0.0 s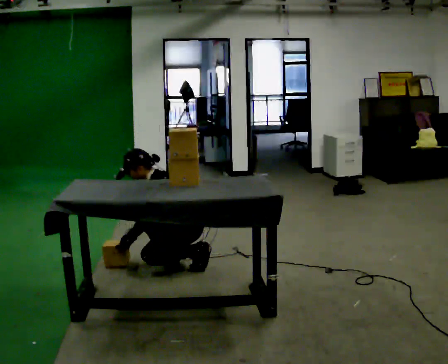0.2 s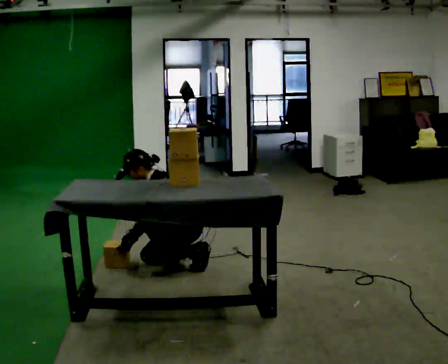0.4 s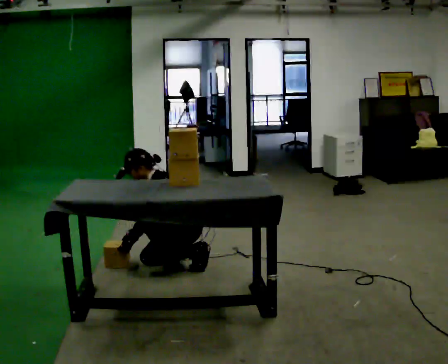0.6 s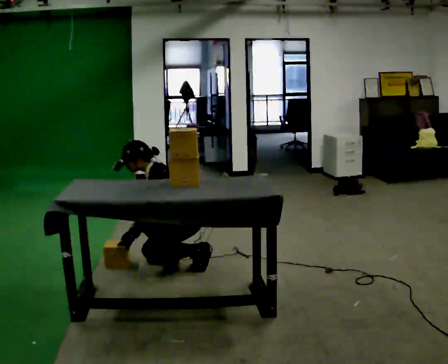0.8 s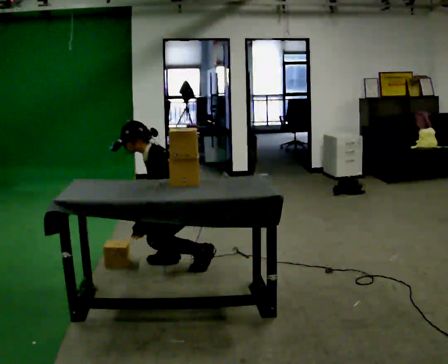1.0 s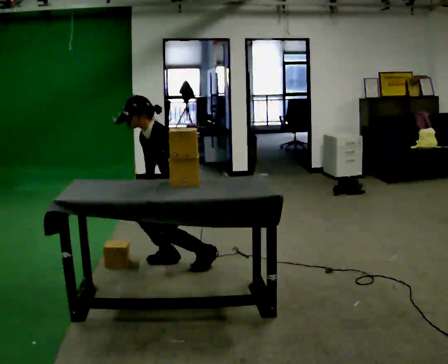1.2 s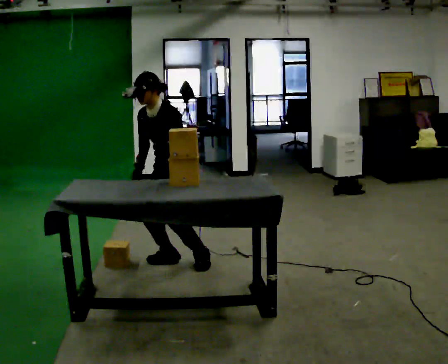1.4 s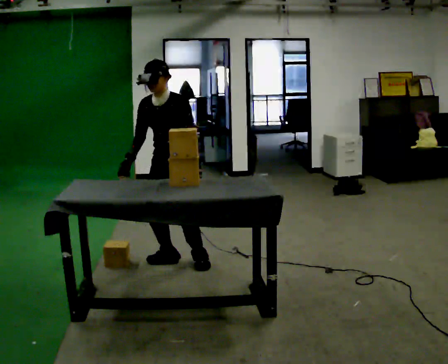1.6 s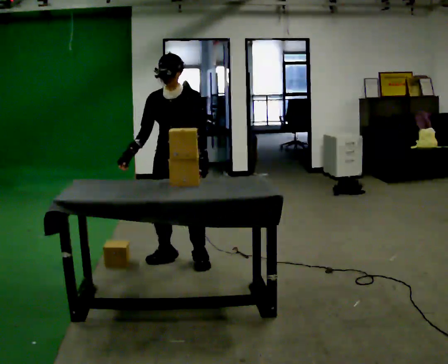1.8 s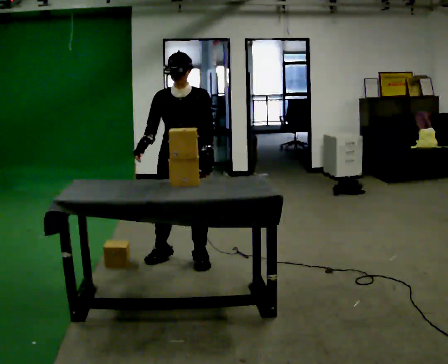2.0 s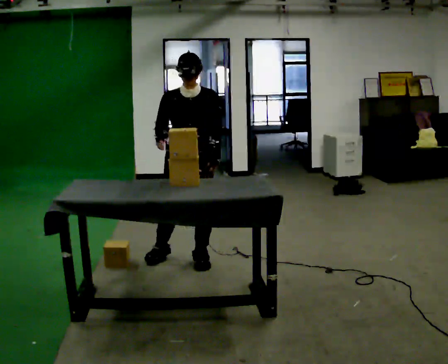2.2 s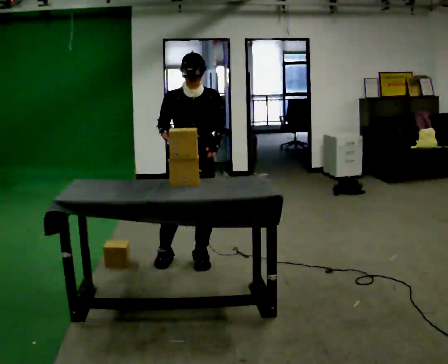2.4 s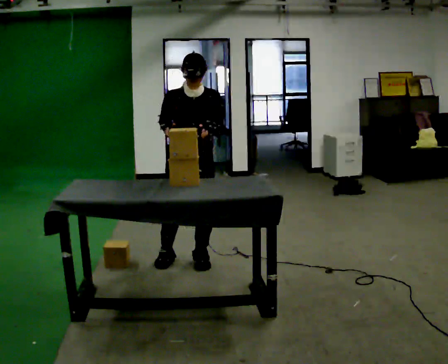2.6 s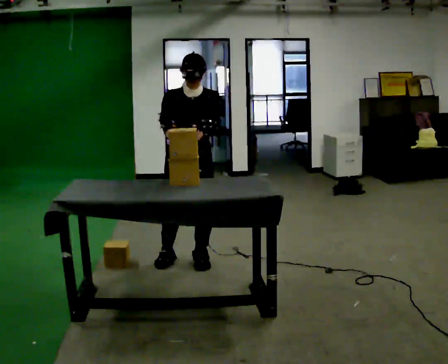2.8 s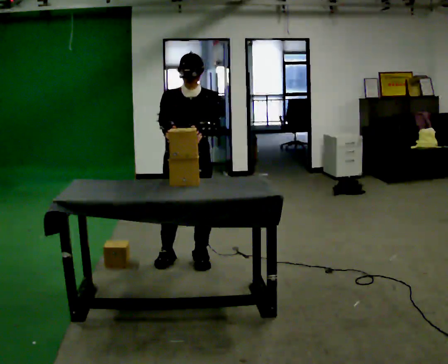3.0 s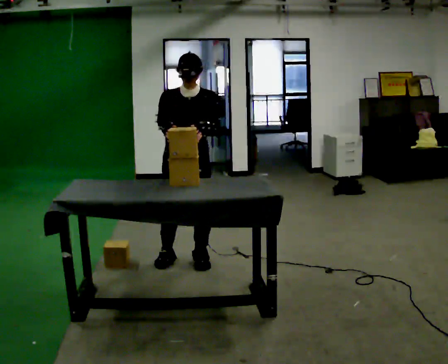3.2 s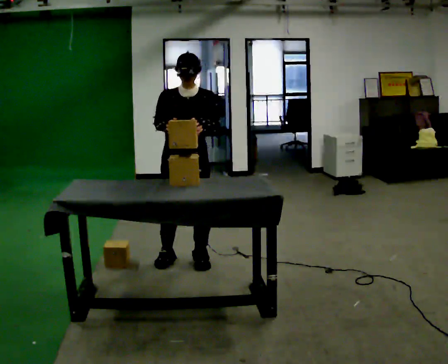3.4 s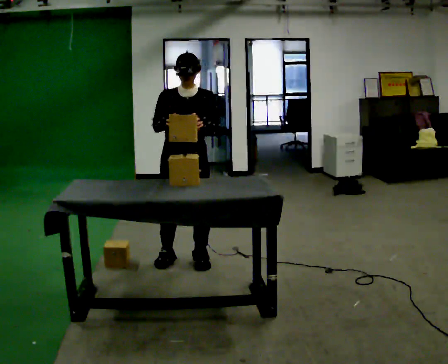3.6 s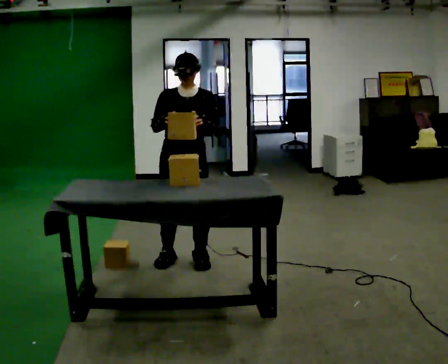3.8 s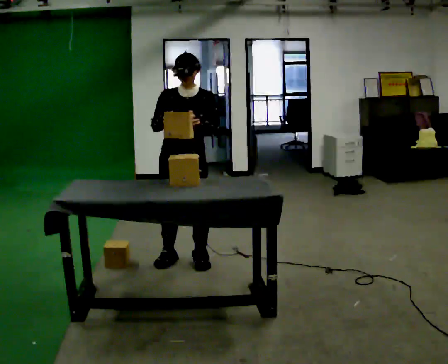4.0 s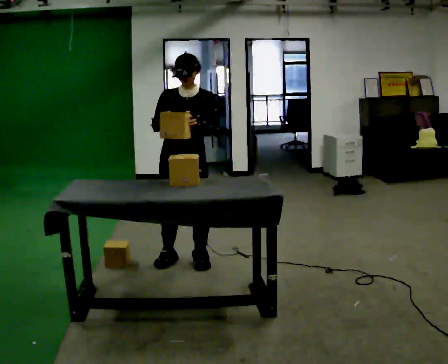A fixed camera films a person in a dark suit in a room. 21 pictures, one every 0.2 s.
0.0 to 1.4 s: The person turns about 45 degrees to their left, counterclockwise seen from above, so the part of the body nearest the lens slides to the right. The upper body goes upward. In the picture the upper body tilts clockwise, shoulders to the right, as they lean back or straighten. In the picture their left hand goes upward and to the right, the arm swinging counterclockwise.
1.4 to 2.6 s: The part of the body nearest the lens slides to the right as the person turns to their left by about 30 degrees. In the picture the upper body tilts clockwise, shoulders to the right, as they lean back or straighten. In the picture their right hand goes to the right.
2.6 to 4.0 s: The person moves a little, or ends about where they began.
The film runs forward here.
